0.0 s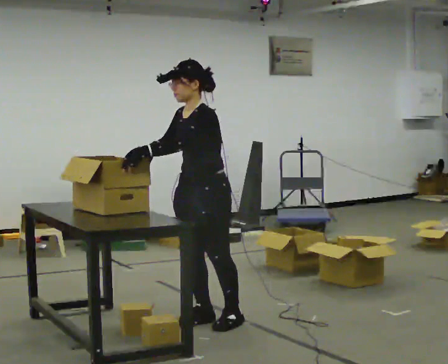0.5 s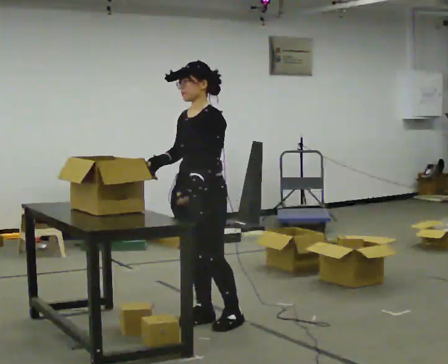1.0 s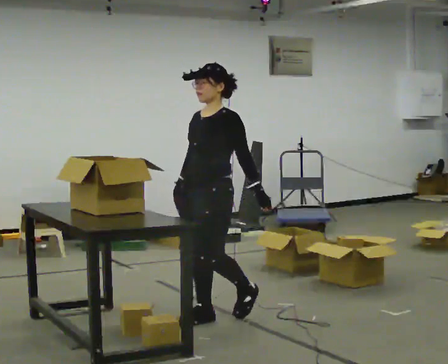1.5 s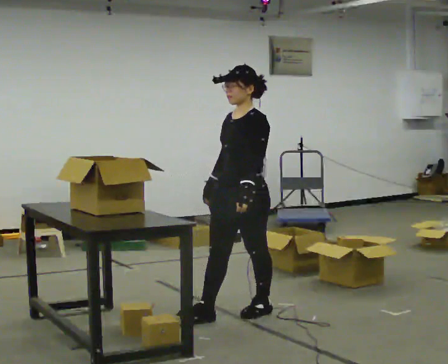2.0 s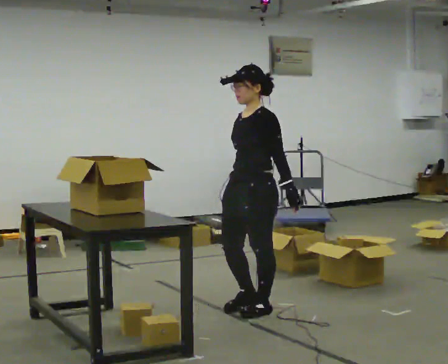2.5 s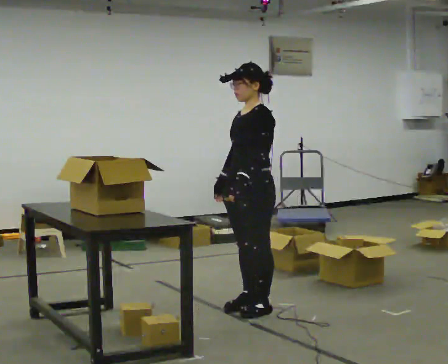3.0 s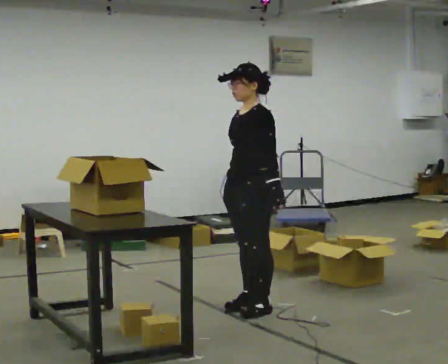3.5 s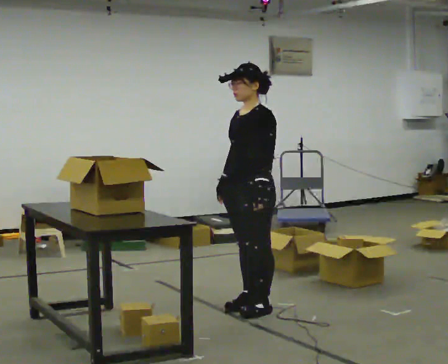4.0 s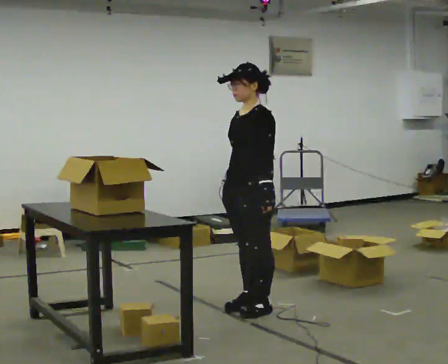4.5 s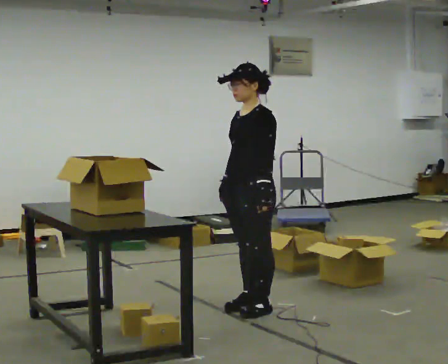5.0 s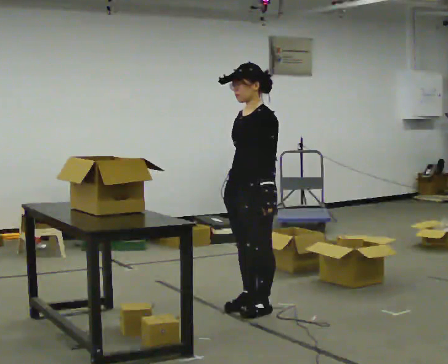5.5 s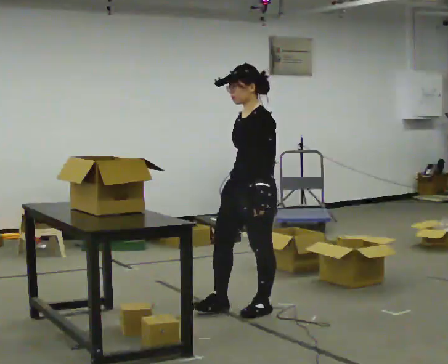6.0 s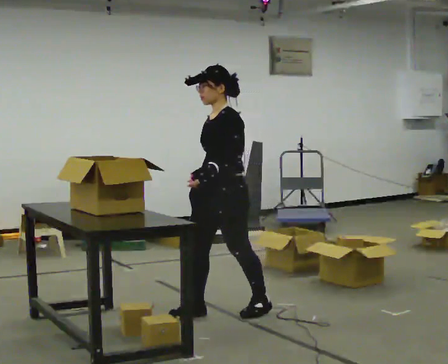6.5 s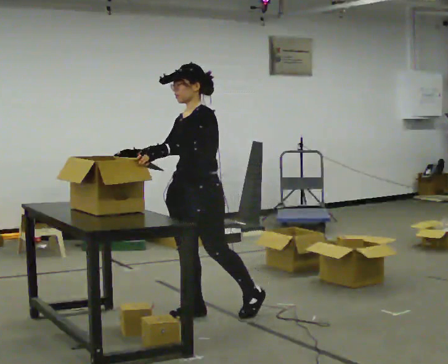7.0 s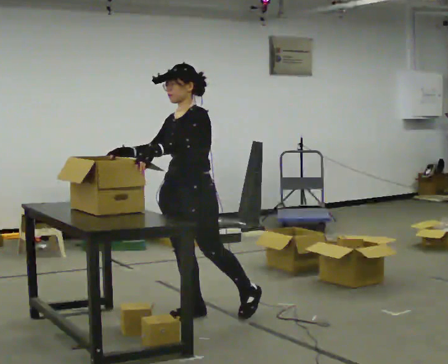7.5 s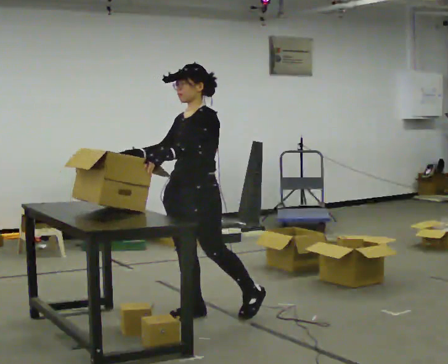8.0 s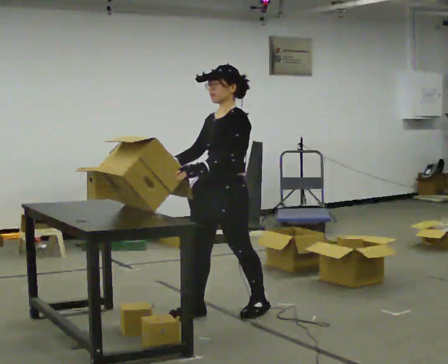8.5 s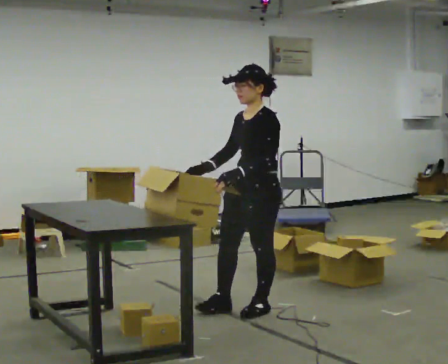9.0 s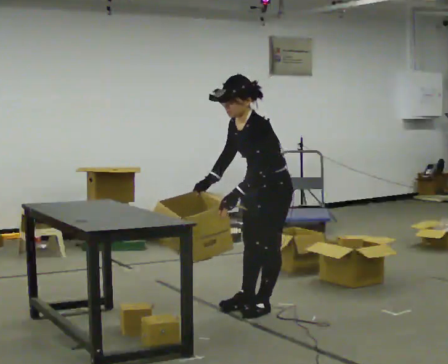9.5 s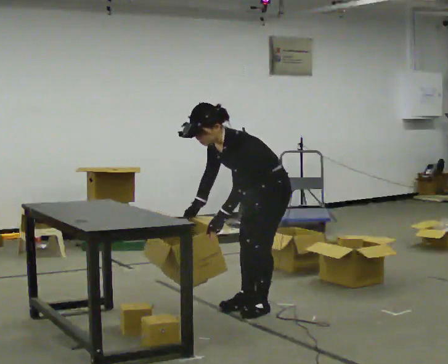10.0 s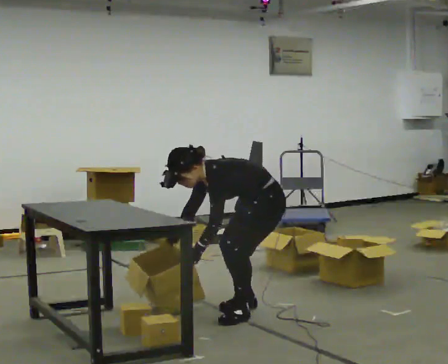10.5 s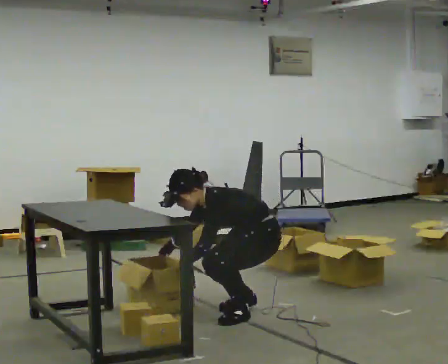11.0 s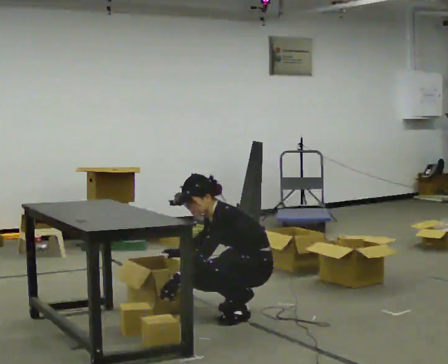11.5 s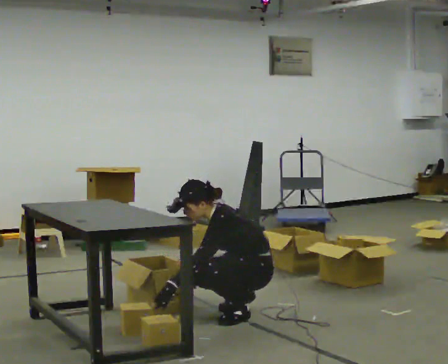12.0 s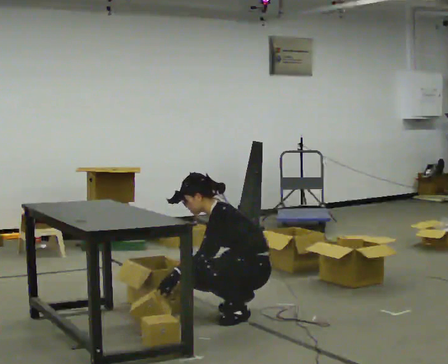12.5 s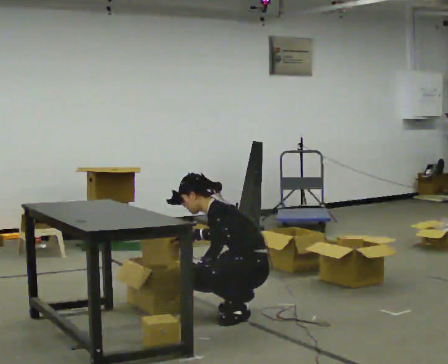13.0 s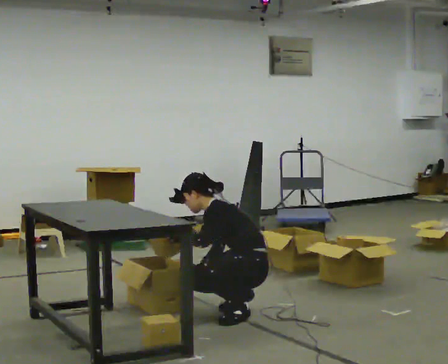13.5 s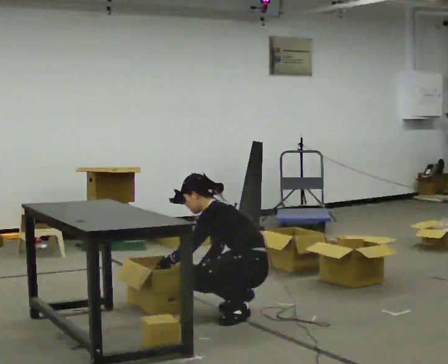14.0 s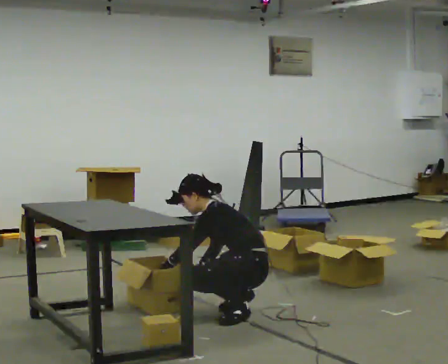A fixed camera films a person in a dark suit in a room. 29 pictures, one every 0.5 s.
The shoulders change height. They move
downward.
0.0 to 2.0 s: In the picture they go to the right and away from the camera, about 0.5 m in 2 steps, which for them is backward.
2.0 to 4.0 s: The person moves a little, or ends about where they began.
4.0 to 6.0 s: In the picture they go to the left, about 0.25 m in 1 step, which for them is forward. In the picture their left hand goes to the left.
6.0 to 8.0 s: The person moves a little, or ends about where they began.
8.0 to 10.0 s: Seen from above the body turns clockwise, about 30 degrees: to their right, with its near side sliding to the left. In the picture they go to the right, about 0.25 m in 2 steps, which for them is backward. The shoulders move downward. In the picture the upper body tilts counterclockwise, shoulders to the left, as they bend forward. In the picture their right hand goes downward.
10.0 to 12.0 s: The shoulders move downward. In the picture the upper body tilts clockwise, shoulders to the right, as they lean back or straighten.
12.0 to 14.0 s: The upper body tips away from the camera, its near side rolling upward.
The film runs forward here.
